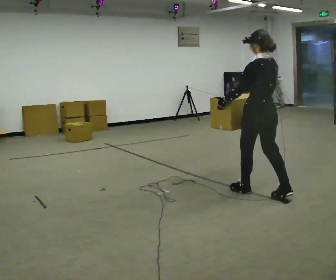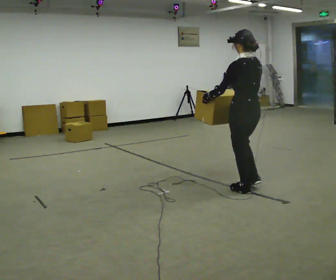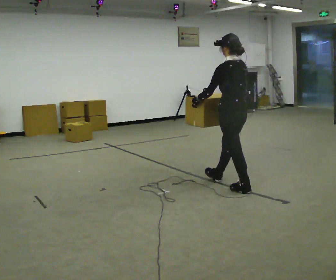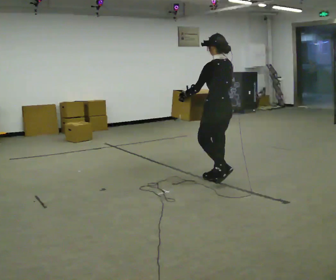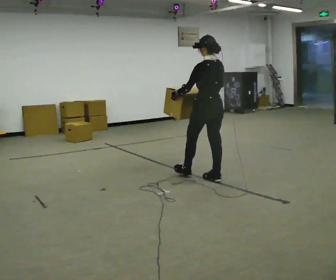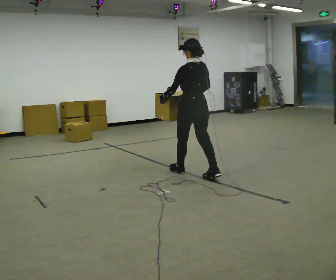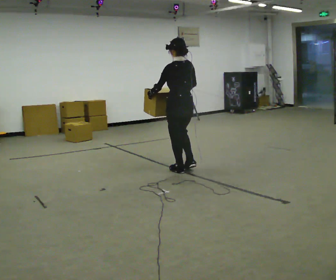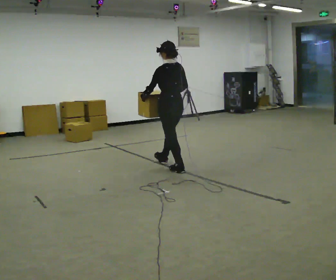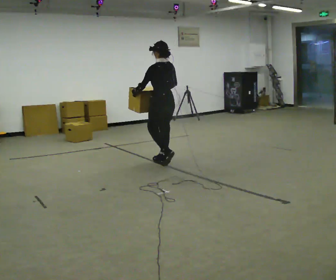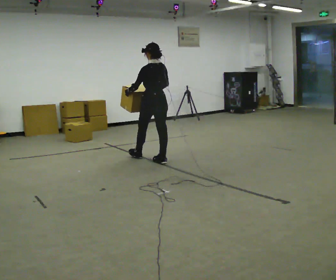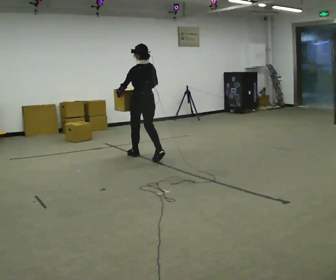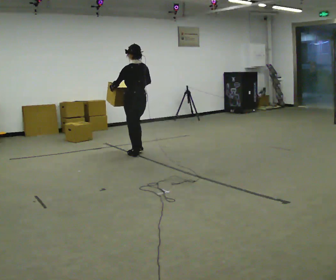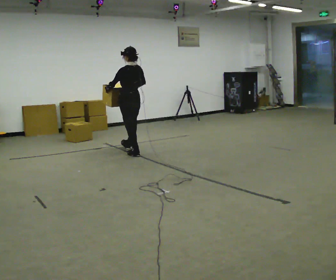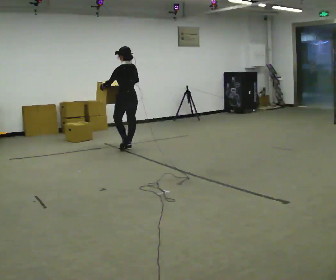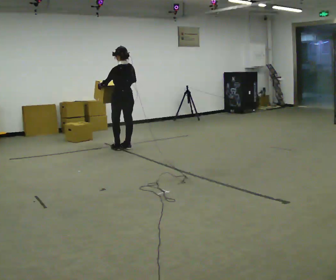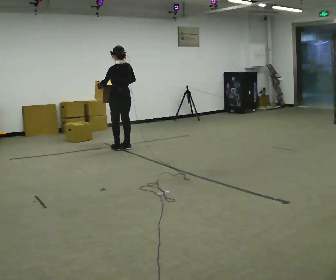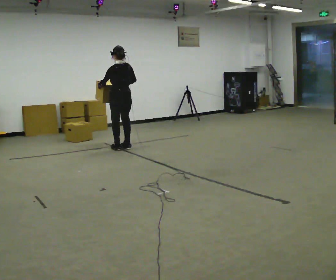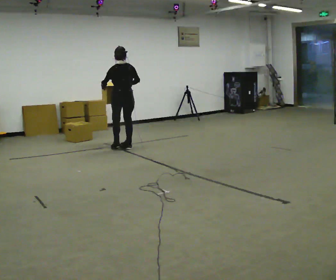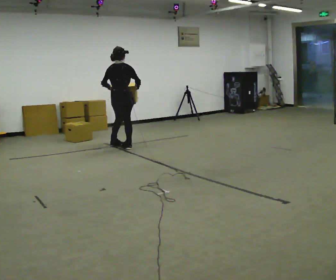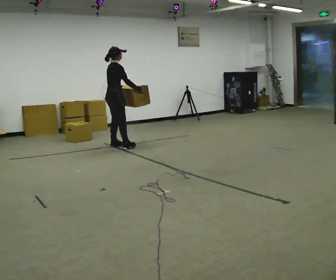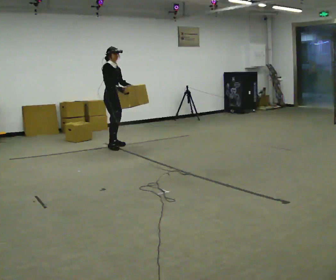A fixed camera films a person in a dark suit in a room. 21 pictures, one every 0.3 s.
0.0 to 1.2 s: In the picture they go away from the camera and to the left, about 1 m in 1 step, which for them is forward.
1.2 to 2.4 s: In the picture they go away from the camera and to the left, about 1 m in 2 steps, which for them is forward.
2.4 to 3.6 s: In the picture they go away from the camera and to the left, about 1 m in 2 steps, which for them is forward.
3.6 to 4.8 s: In the picture they go away from the camera and to the left, about 0.25 m in 1 step, which for them is forward.
4.8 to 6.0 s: Seen from above the body turns clockwise, about 135 degrees: to their right, with its near side sliding to the left. In the picture they go to the left, about 0.25 m in 2 steps.
The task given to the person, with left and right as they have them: Carry the heaviest box in both hands in front of you, walking back and forth across the room. Only carry what is comfortable. Set it down whenever you need to.
The film runs forward here.
